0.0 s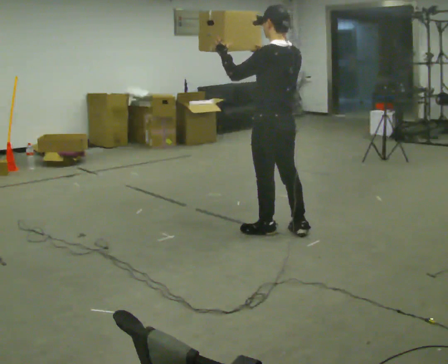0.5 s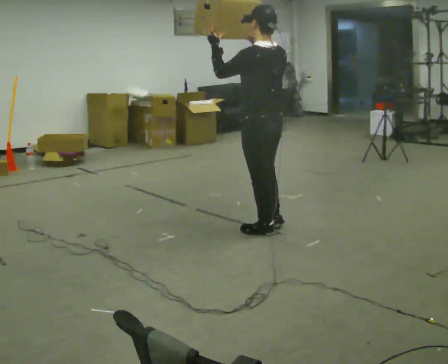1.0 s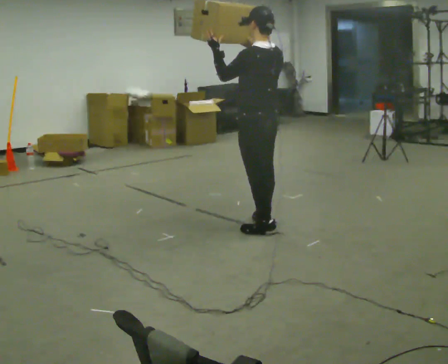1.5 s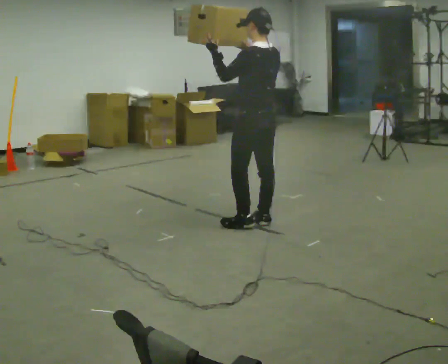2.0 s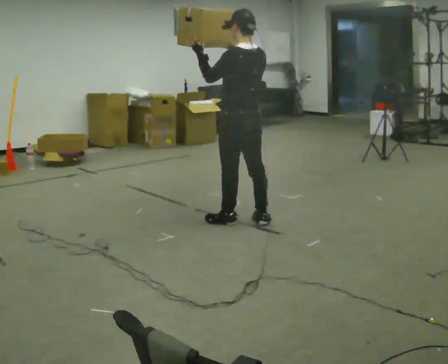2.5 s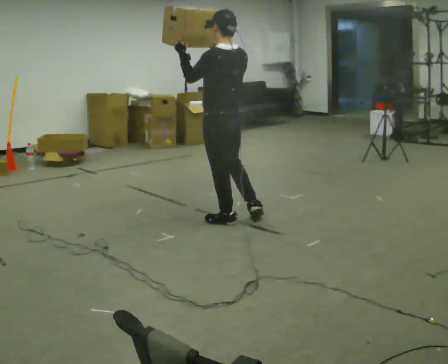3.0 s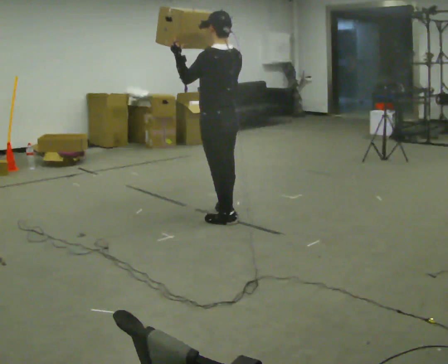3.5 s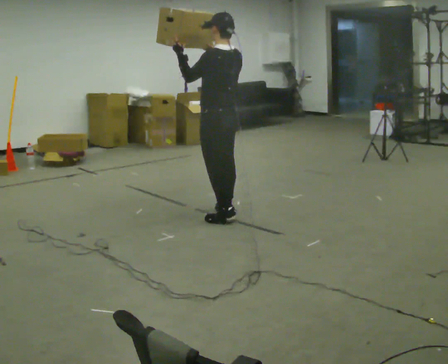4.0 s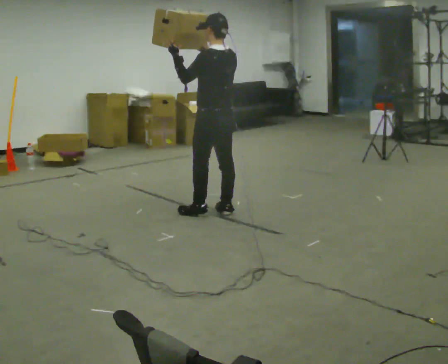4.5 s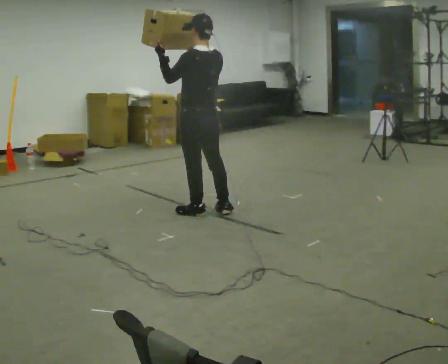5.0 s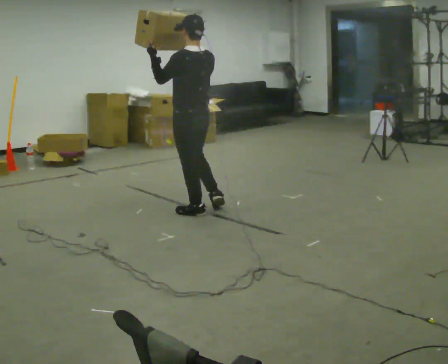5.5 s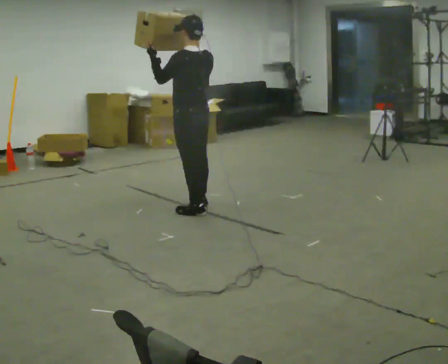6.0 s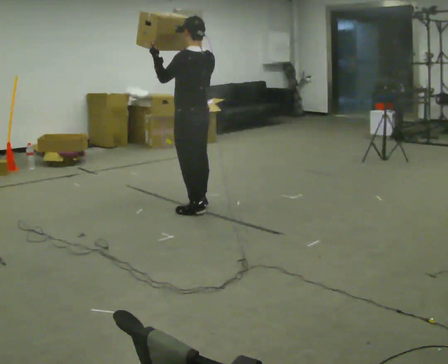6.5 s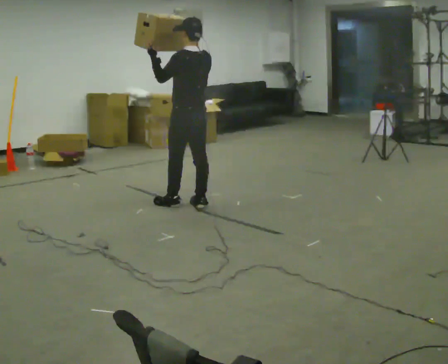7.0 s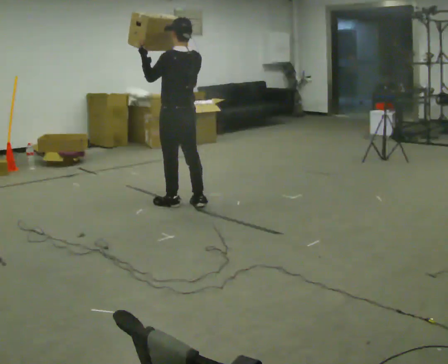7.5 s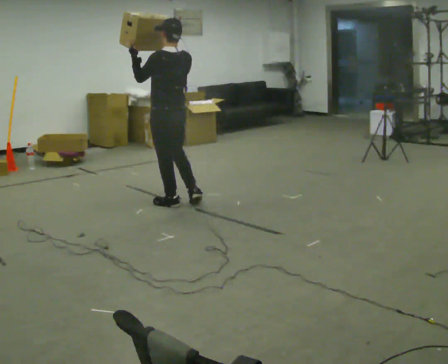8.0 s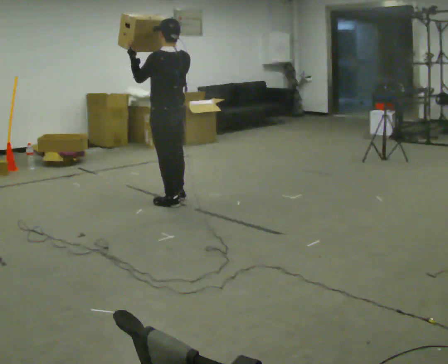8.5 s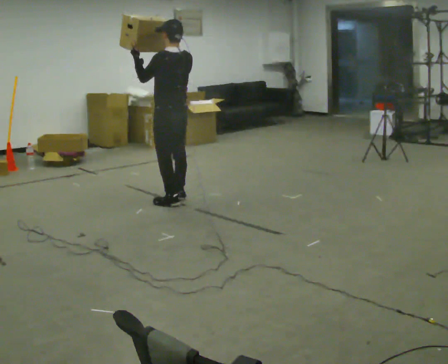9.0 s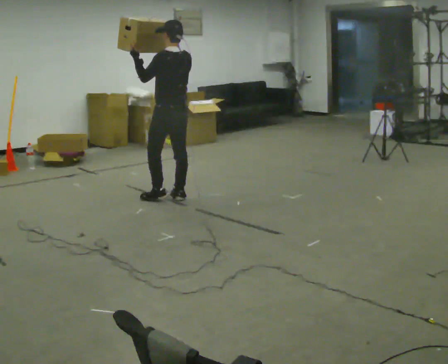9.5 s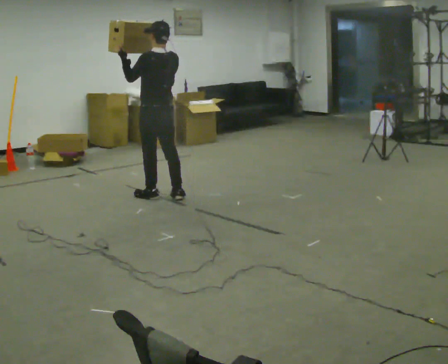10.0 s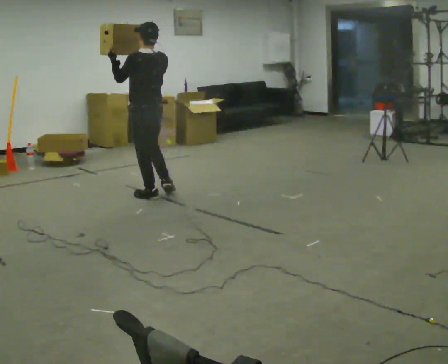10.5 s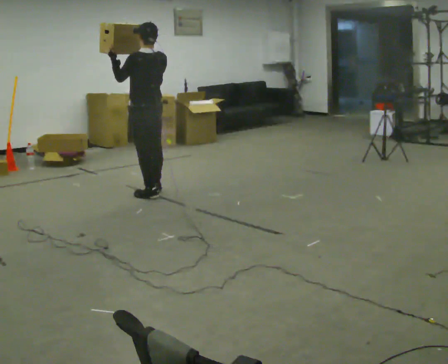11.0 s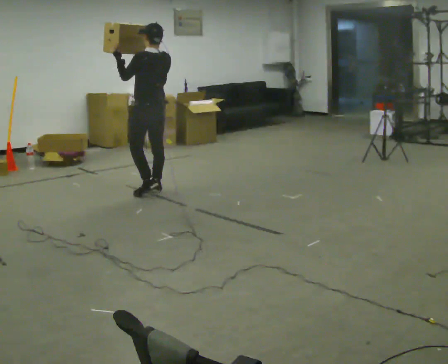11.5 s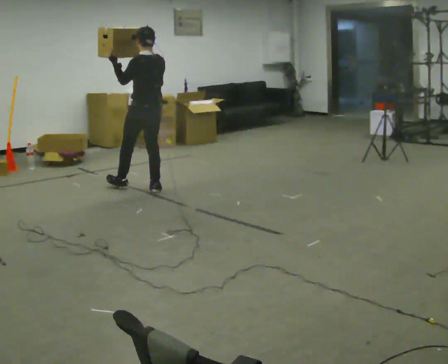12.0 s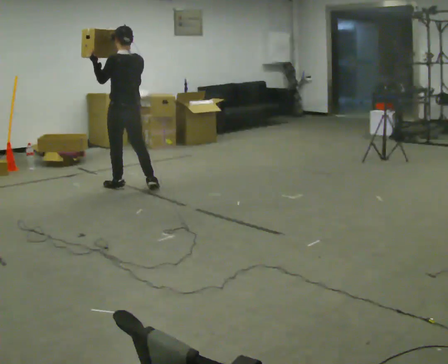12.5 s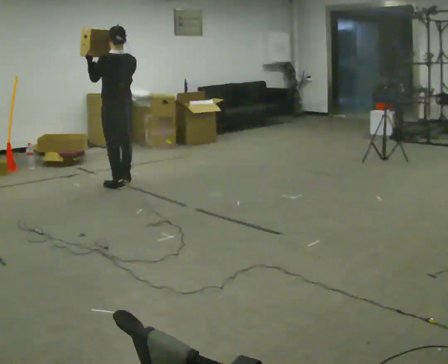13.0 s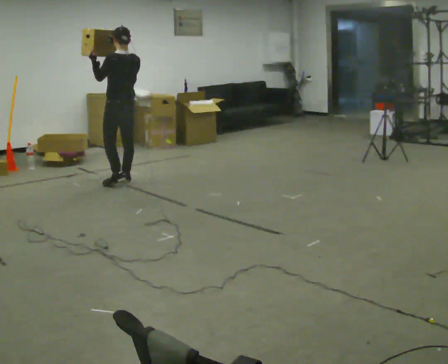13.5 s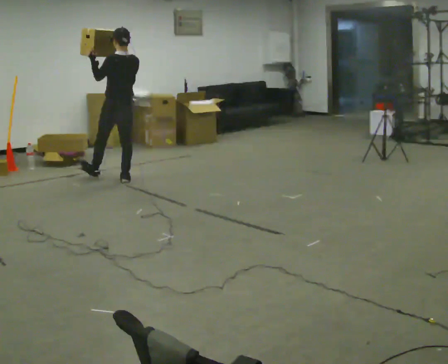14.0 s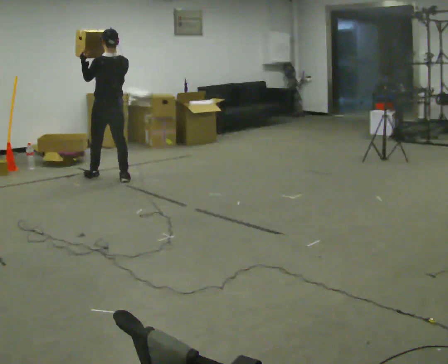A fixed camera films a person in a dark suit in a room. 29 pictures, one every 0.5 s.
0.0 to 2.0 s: In the picture they go away from the camera and to the left, about 0.25 m in 2 steps, which for them is forward.
2.0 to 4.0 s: In the picture they go away from the camera and to the left, about 0.25 m in 1 step, which for them is forward.
4.0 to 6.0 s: In the picture they go away from the camera and to the left, about 0.25 m in 2 steps, which for them is forward.
6.0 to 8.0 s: In the picture they go to the left, about 0.25 m in 2 steps, which for them is forward.
8.0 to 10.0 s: In the picture they go away from the camera and to the left, about 0.25 m in 1 step, which for them is forward.
10.0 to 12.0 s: In the picture they go away from the camera and to the left, about 0.5 m in 2 steps, which for them is forward.
12.0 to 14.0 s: In the picture they go away from the camera and to the left, about 0.5 m in 2 steps, which for them is forward.
The film runs forward here.
